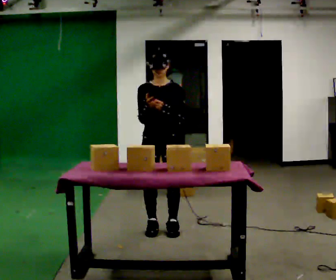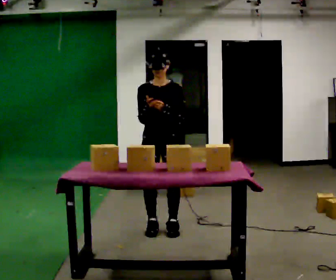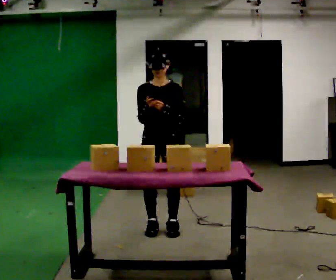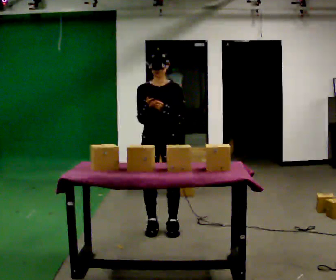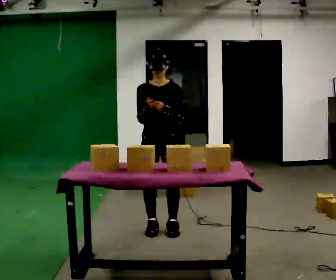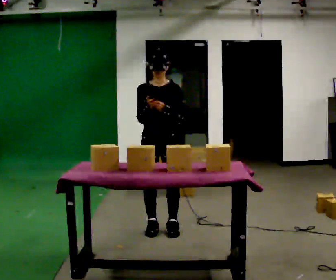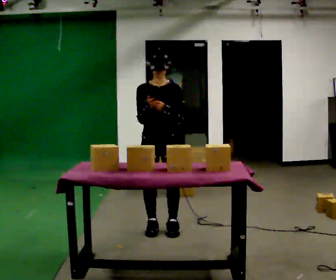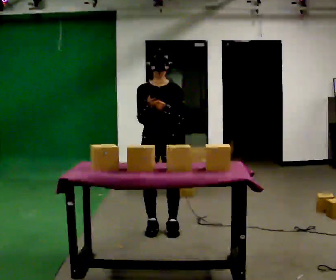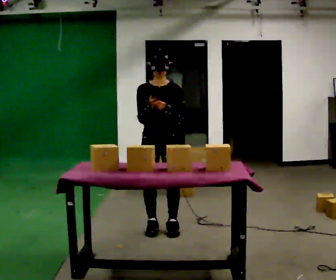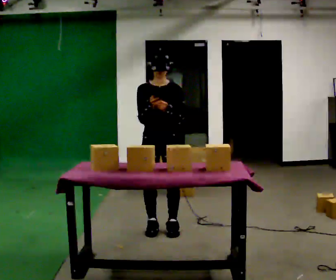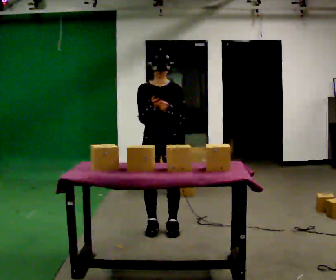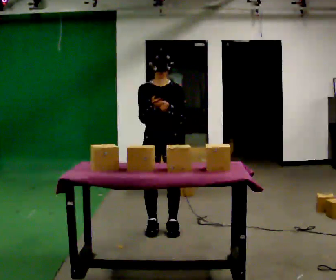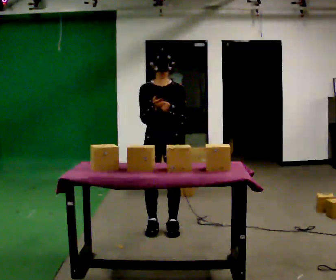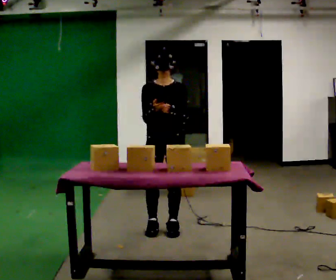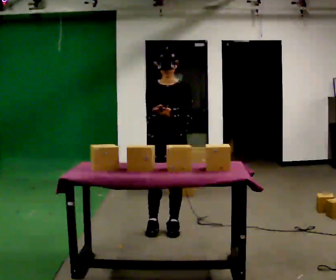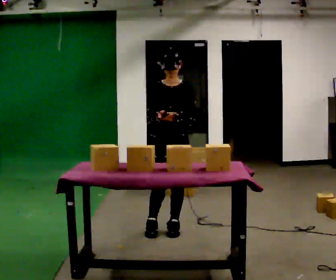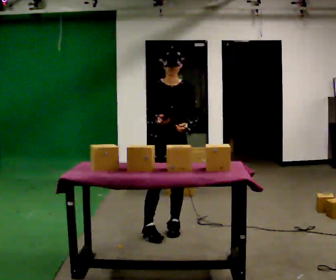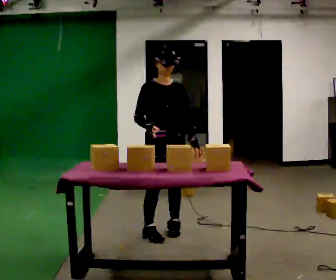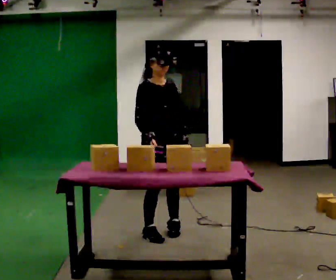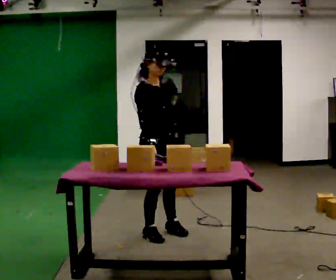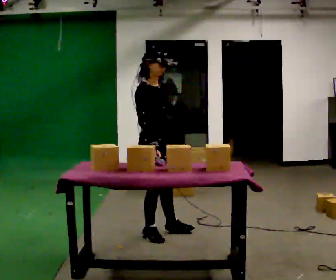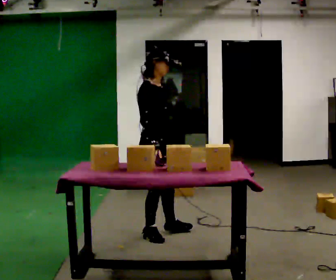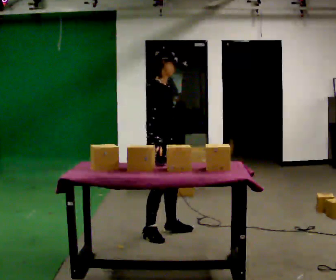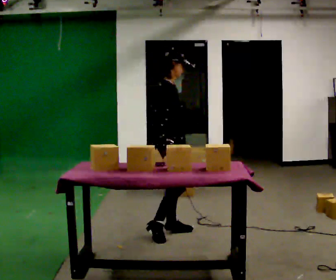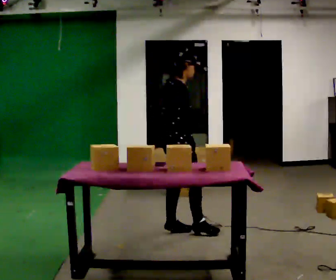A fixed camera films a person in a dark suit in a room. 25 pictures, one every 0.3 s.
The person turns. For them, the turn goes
to their left.
The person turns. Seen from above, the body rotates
counterclockwise.
0.0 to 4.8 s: The person moves a little, or ends about where they began.
4.8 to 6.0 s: The person turns about 60 degrees to their left, counterclockwise seen from above, so the part of the body nearest the lens slides to the right. In the picture they go toward the camera, about 0.25 m.
6.0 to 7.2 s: The person turns about 30 degrees to their left, counterclockwise seen from above, so the part of the body nearest the lens slides to the right. In the picture they go to the right and away from the camera, about 0.25 m, which for them is to their left and forward.
The film runs forward here.
